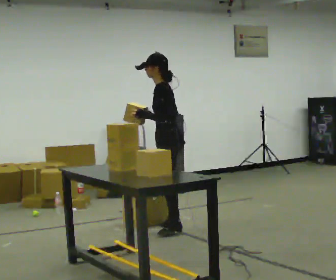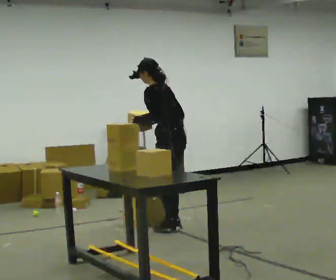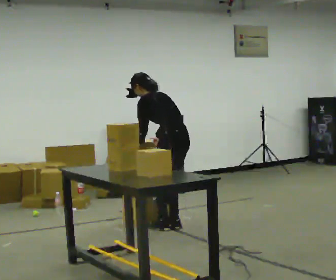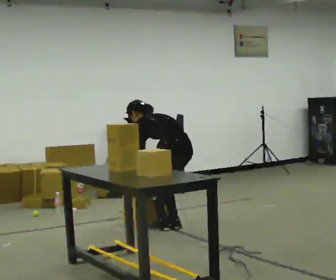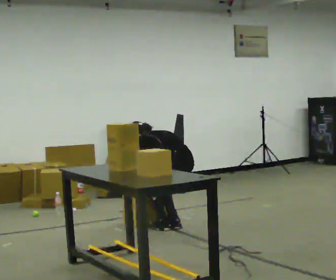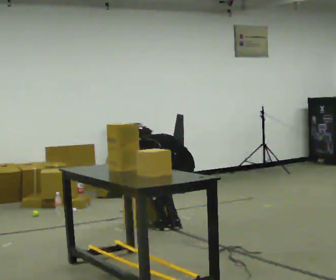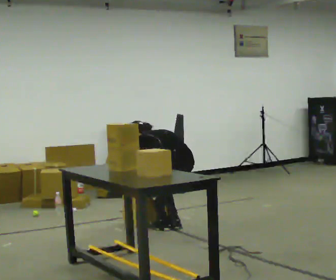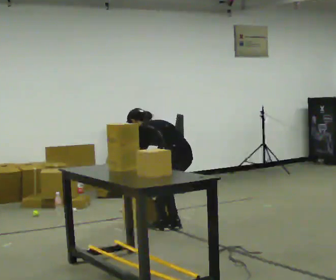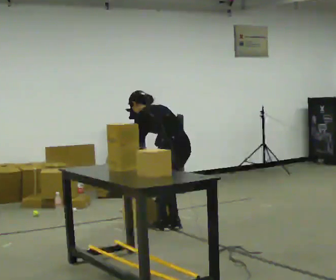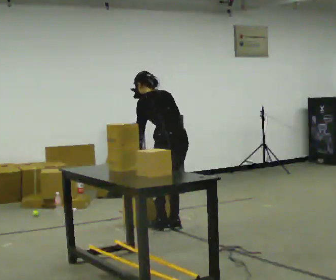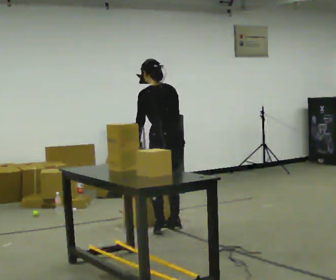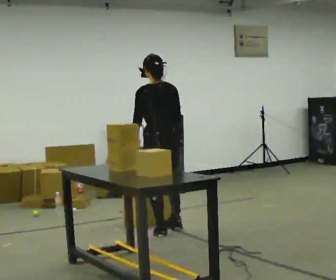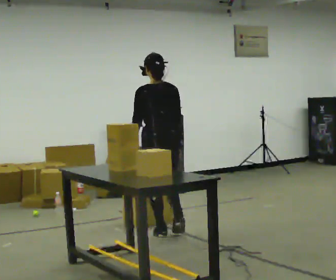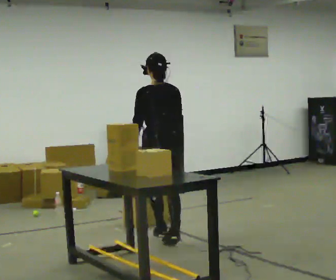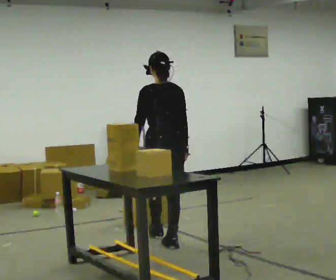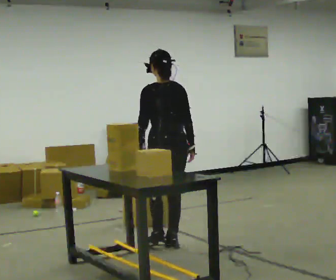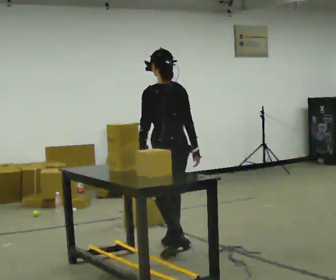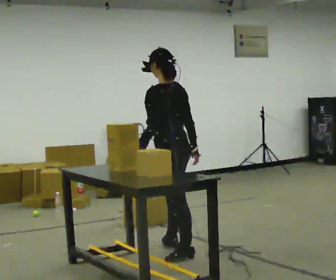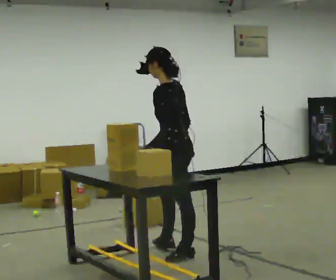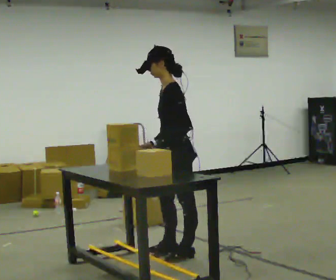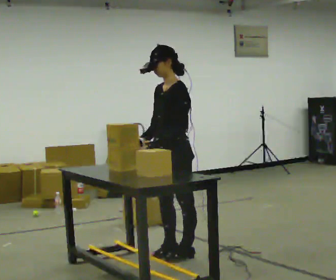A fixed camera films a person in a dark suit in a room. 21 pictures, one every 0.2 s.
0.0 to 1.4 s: The part of the body nearest the lens slides to the left as the person turns to their right by about 45 degrees. The upper body tips away from the camera, its near side rolling upward, as they bend forward. In the picture their right hand goes downward.
1.4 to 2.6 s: Seen from above the body turns clockwise, about 30 degrees: to their right, with its near side sliding to the left. In the picture they go toward the camera, about 0.25 m in 2 steps, which for them is to their left and backward. The upper body goes upward. The upper body tips toward the camera, its near side rolling downward, as they lean back or straighten. In the picture their left hand goes upward.
2.6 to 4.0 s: The person turns about 105 degrees to their left, counterclockwise seen from above, so the part of the body nearest the lens slides to the right. In the picture they go toward the camera, about 0.5 m in 2 steps.
The film runs backward here.
